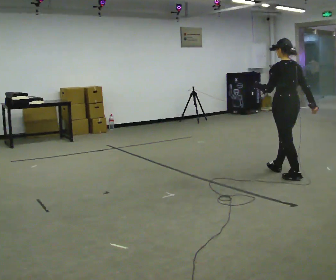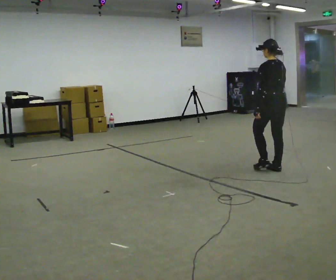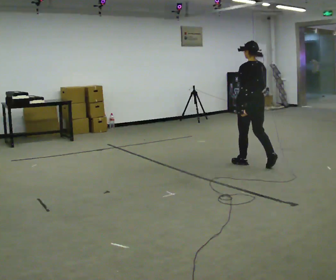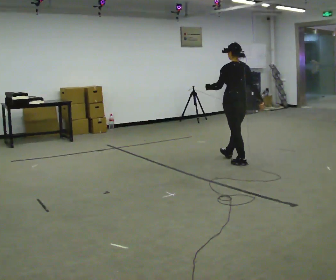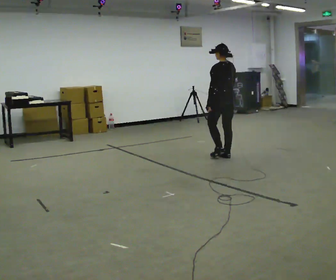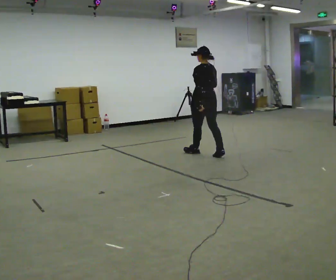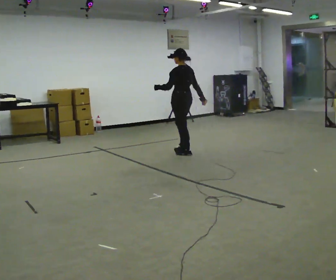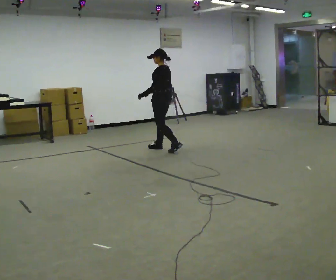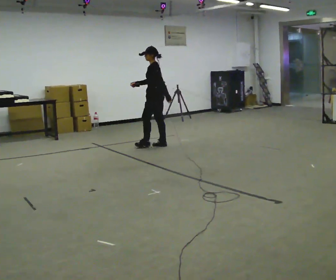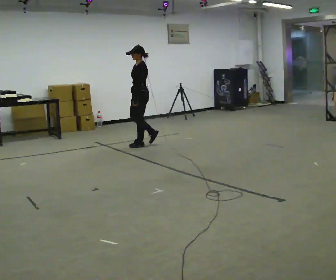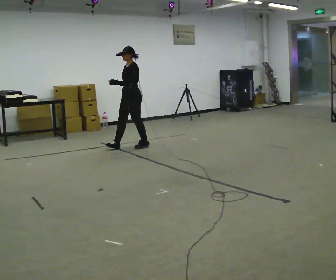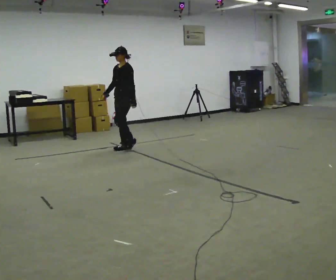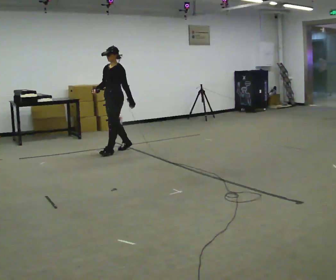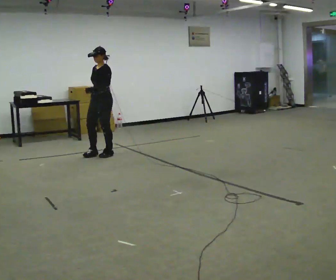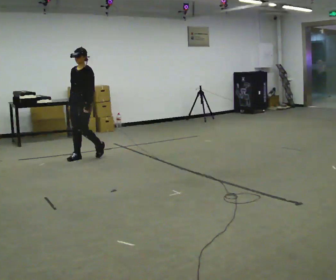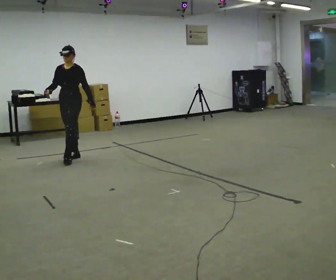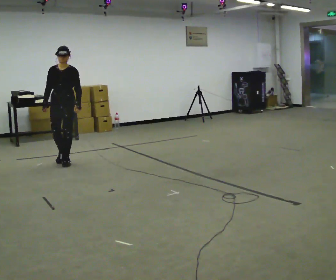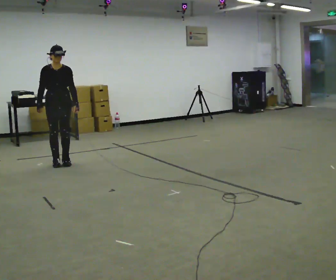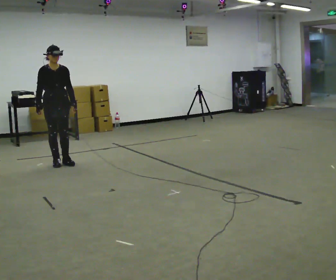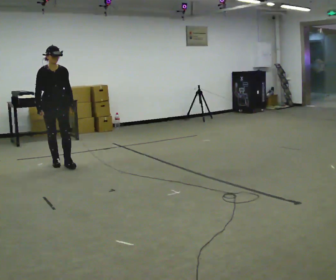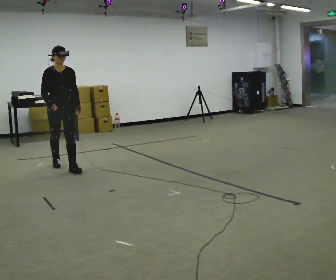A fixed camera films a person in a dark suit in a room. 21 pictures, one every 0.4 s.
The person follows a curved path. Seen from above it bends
counterclockwise.
The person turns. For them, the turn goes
to their left.
0.0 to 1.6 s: In the picture they go away from the camera and to the left, about 1 m in 2 steps, which for them is forward.
1.6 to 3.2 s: Seen from above the body turns counterclockwise, about 45 degrees: to their left, with its near side sliding to the right. In the picture they go away from the camera and to the left, about 1 m in 2 steps, which for them is forward.
3.2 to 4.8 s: Seen from above the body turns counterclockwise, about 45 degrees: to their left, with its near side sliding to the right. In the picture they go to the left, about 1 m in 3 steps, which for them is forward.
4.8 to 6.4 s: The person turns about 60 degrees to their left, counterclockwise seen from above, so the part of the body nearest the lens slides to the right. In the picture they go to the left and toward the camera, about 1 m in 2 steps, which for them is forward.
6.4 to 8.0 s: The part of the body nearest the lens slides to the right as the person turns to their left by about 30 degrees. In the picture they go toward the camera, about 0.25 m in 2 steps, which for them is forward and to their right.
The film runs forward here.
